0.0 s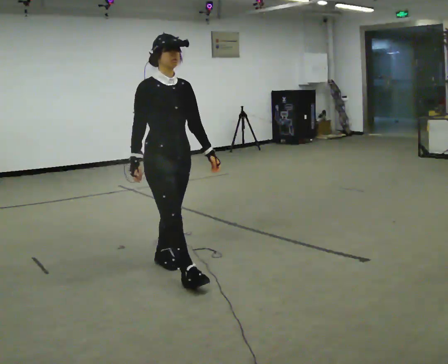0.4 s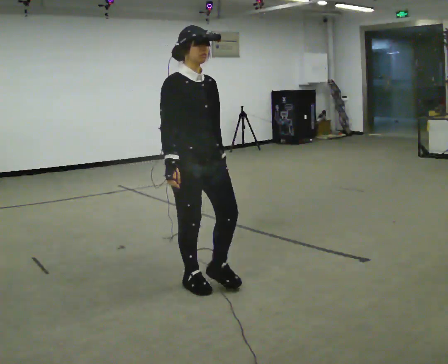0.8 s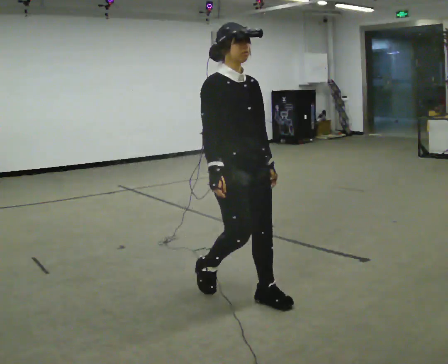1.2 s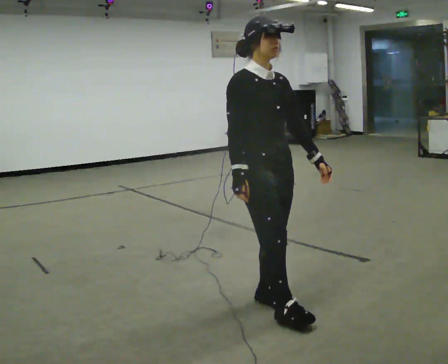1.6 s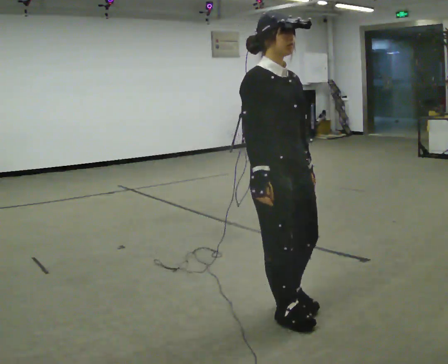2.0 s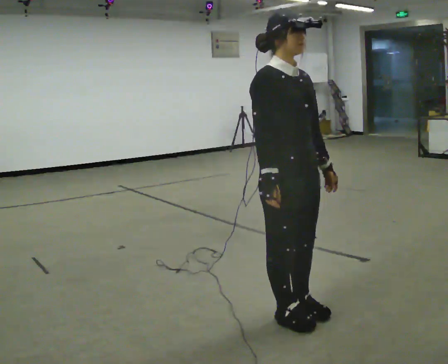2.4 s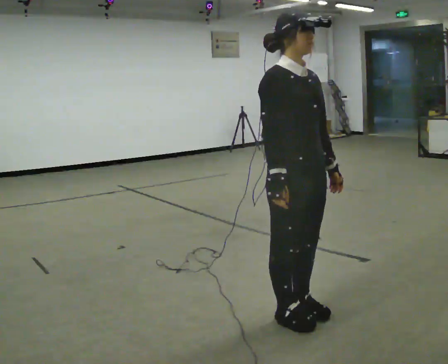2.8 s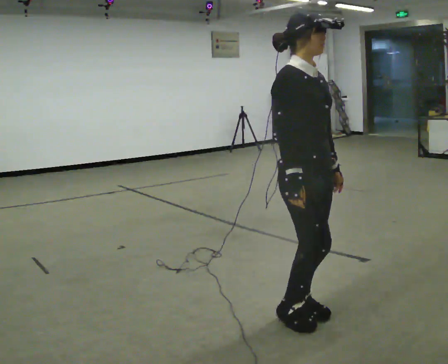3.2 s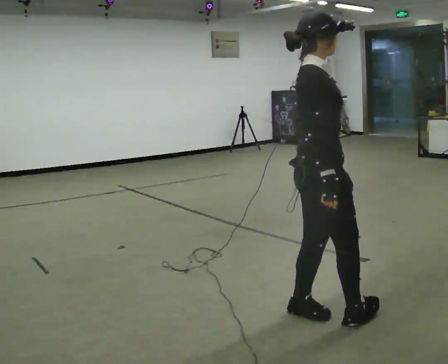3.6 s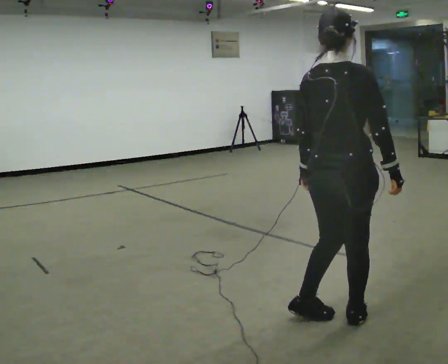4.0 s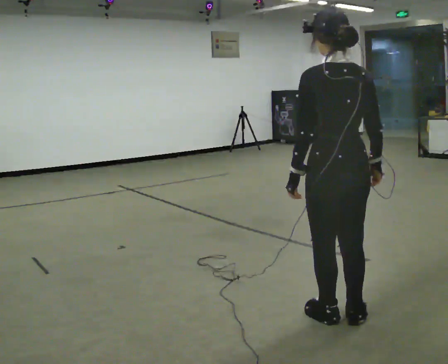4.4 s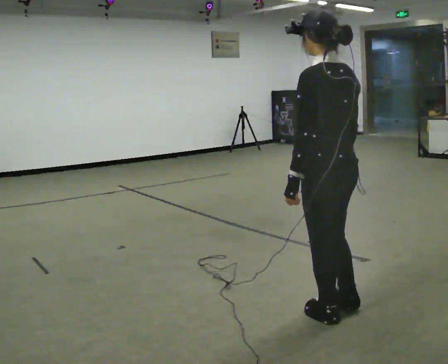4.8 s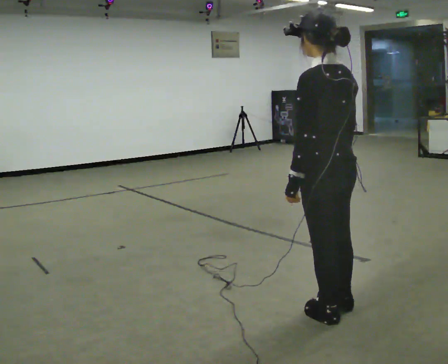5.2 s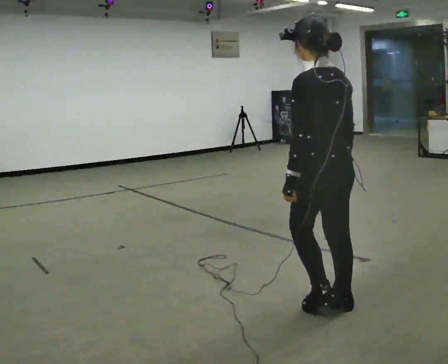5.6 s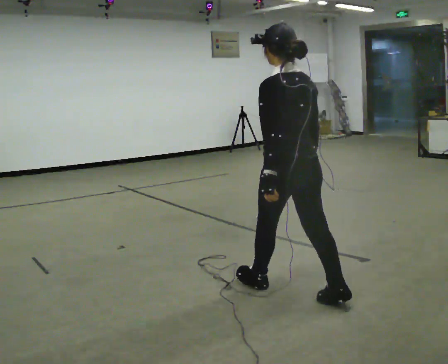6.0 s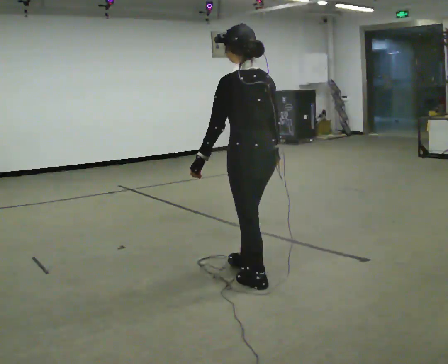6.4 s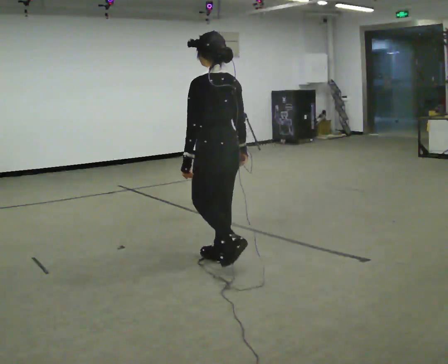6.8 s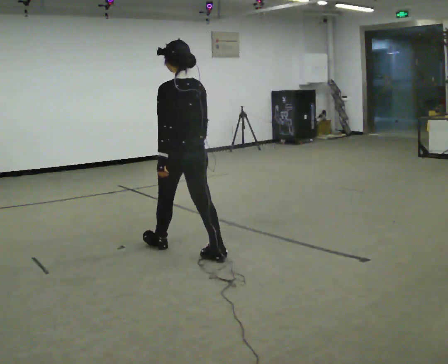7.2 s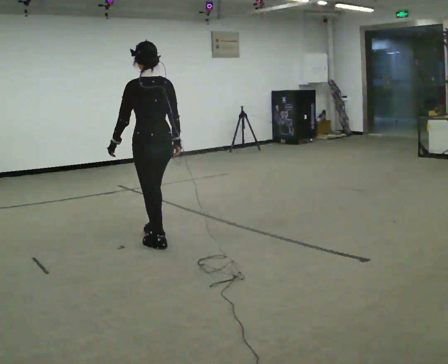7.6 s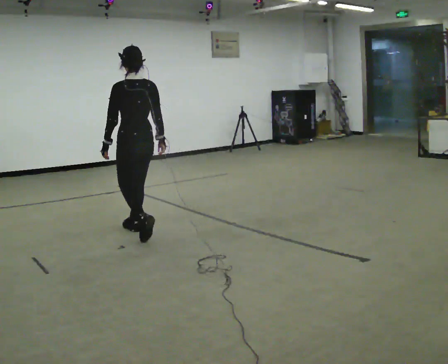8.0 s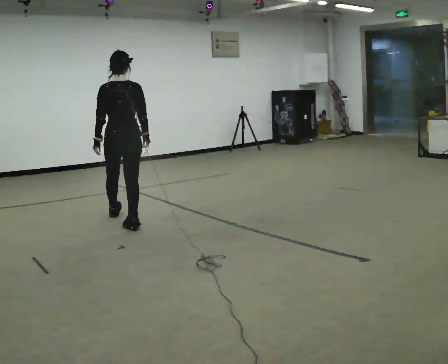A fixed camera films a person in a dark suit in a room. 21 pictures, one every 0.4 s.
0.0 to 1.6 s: In the picture they go to the right and toward the camera, about 1 m in 2 steps, which for them is forward.
1.6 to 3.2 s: The person turns about 45 degrees to their left, counterclockwise seen from above, so the part of the body nearest the lens slides to the right. In the picture they go to the right, about 0.25 m in 1 step, which for them is forward.
3.2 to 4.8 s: The part of the body nearest the lens slides to the right as the person turns to their left by about 135 degrees.
4.8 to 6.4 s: In the picture they go to the left and away from the camera, about 1 m in 2 steps, which for them is forward.
6.4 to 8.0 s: The person turns about 45 degrees to their right, clockwise seen from above, so the part of the body nearest the lens slides to the left. In the picture they go to the left and away from the camera, about 1.5 m in 3 steps, which for them is forward.
The film runs forward here.
